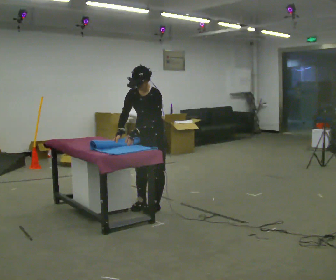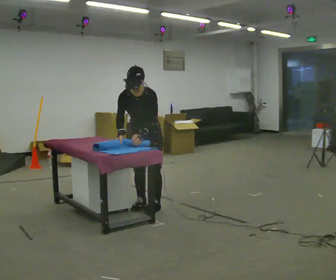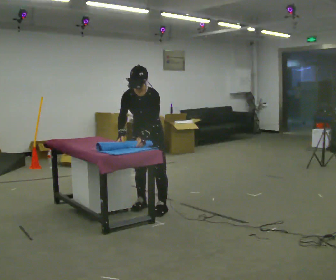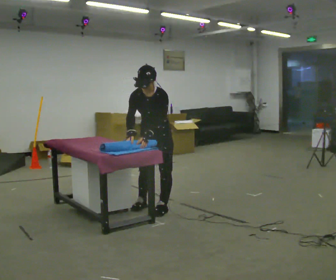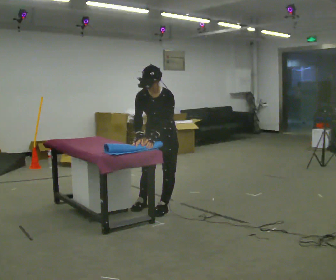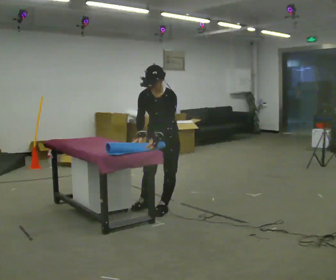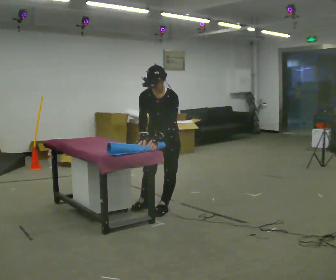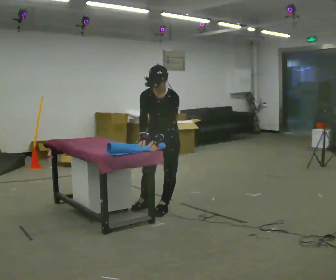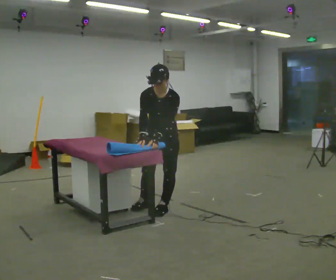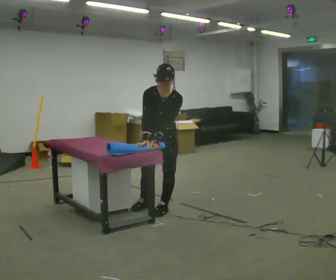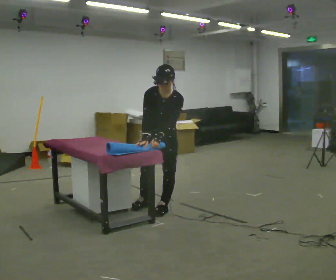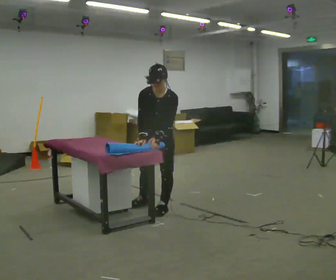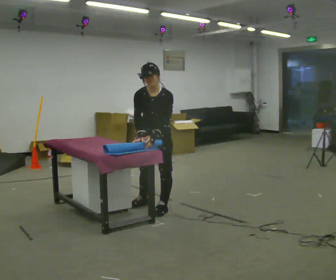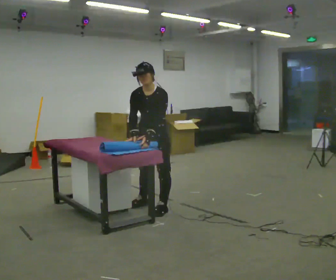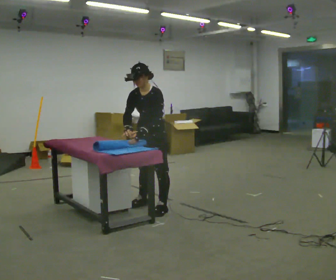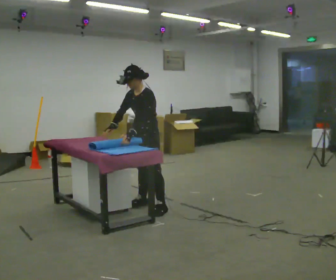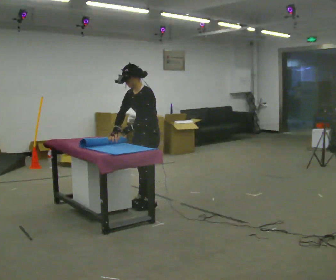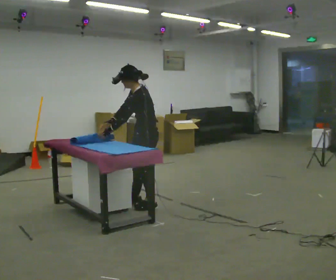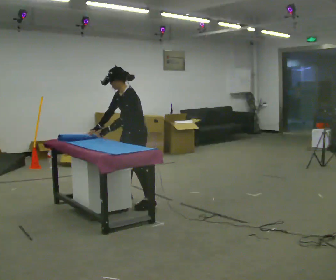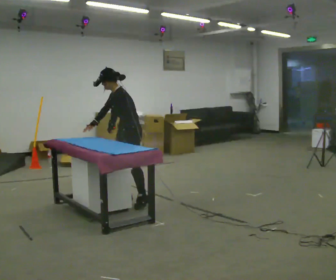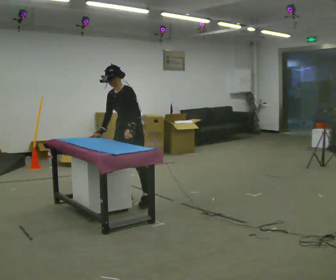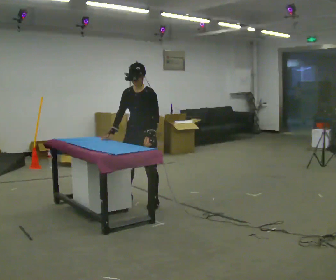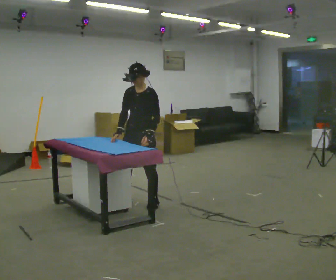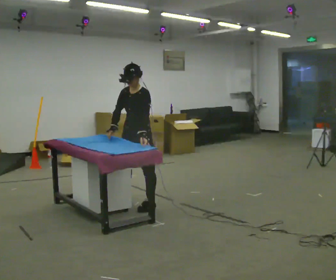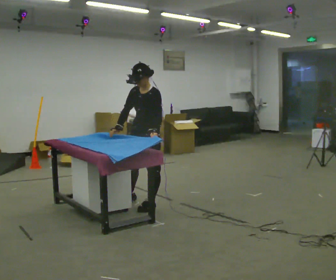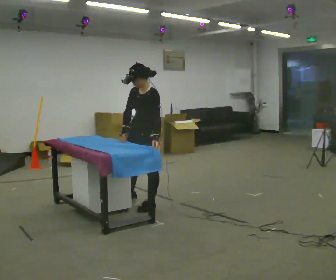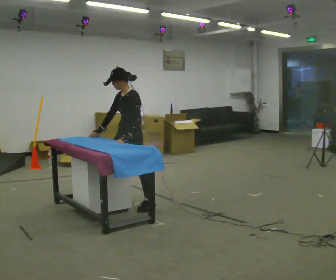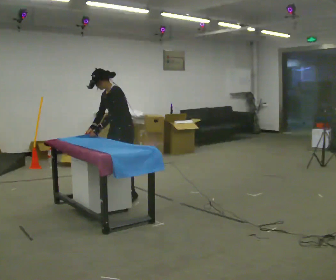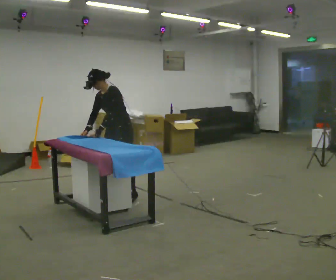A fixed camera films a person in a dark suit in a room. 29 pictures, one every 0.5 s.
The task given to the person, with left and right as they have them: Roll the mat up from one end, then unroll it again. Repeat at your own pace until the operator says stop.
0.0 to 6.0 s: The person moves a little, or ends about where they began.
6.0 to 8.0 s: The person turns about 30 degrees to their right, clockwise seen from above, so the part of the body nearest the lens slides to the left.
8.0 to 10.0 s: In the picture they go away from the camera and to the left, about 0.25 m in 1 step, which for them is to their right.
10.0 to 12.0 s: In the picture they go toward the camera and to the right, about 0.25 m, which for them is to their left.
12.0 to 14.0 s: In the picture they go away from the camera and to the left, about 0.5 m in 2 steps, which for them is to their right. In the picture the upper body tilts counterclockwise, shoulders to the left.
The film runs forward here.
